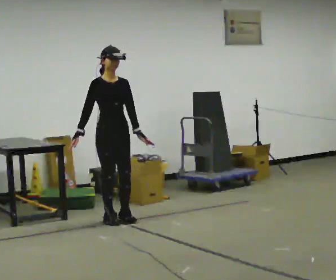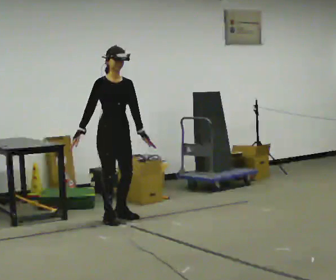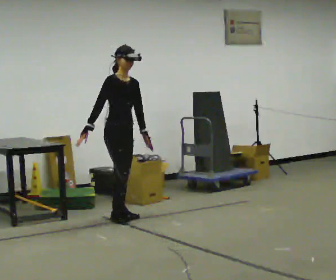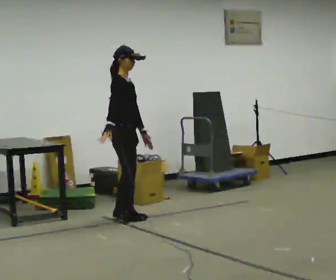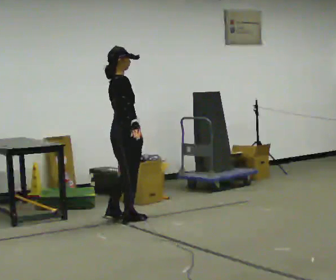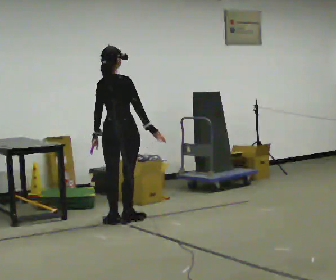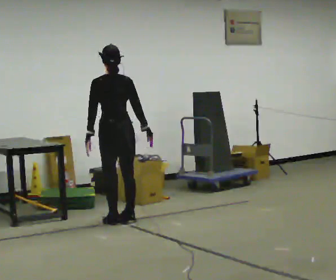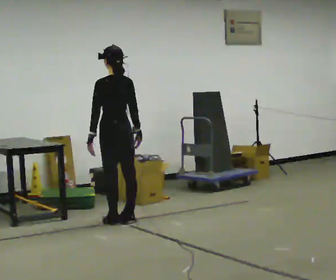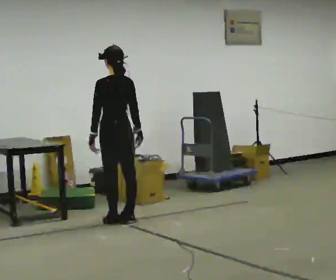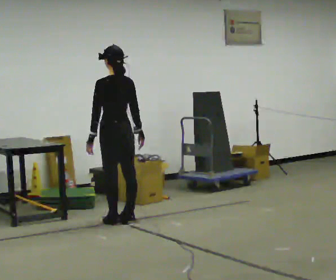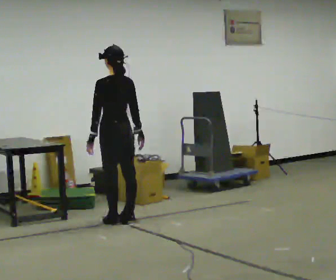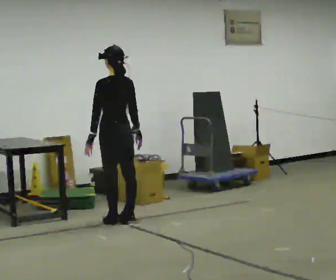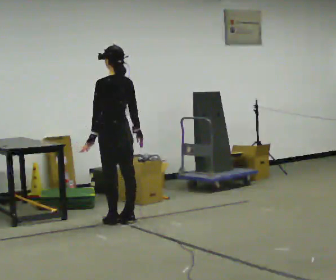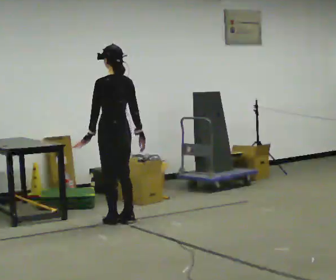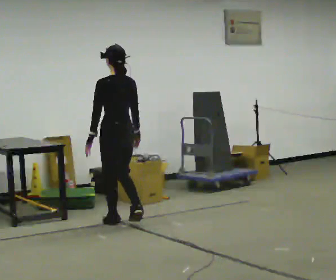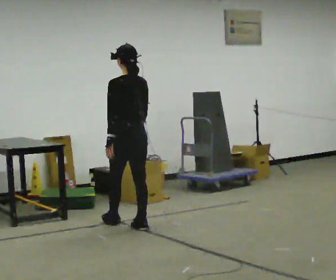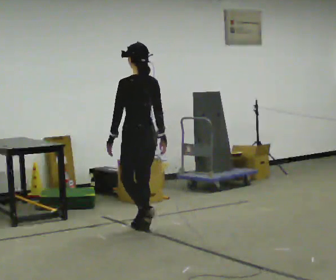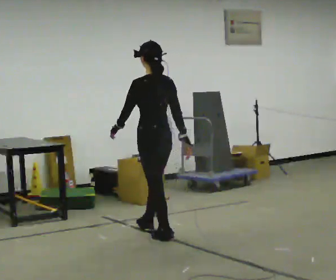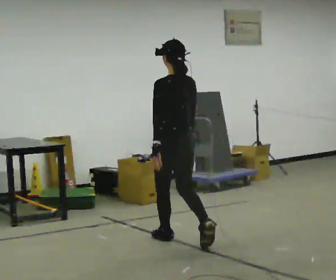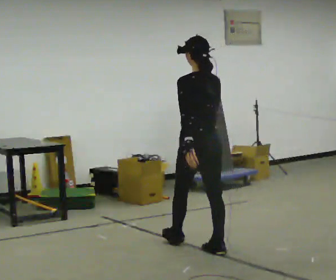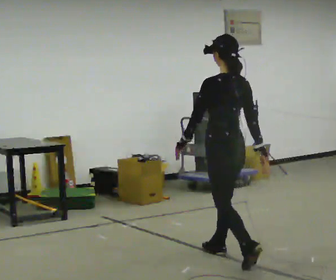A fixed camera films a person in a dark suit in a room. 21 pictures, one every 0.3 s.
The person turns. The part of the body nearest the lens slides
to the right.
The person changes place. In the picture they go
toward the camera.
0.0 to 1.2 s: The person turns about 75 degrees to their left, counterclockwise seen from above, so the part of the body nearest the lens slides to the right. In the picture their right hand goes to the right, the arm swinging counterclockwise.
1.2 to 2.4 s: The part of the body nearest the lens slides to the right as the person turns to their left by about 105 degrees.
2.4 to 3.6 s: The person moves a little, or ends about where they began.
3.6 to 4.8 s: In the picture they go toward the camera and to the right, about 0.5 m in 2 steps, which for them is backward.
4.8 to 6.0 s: In the picture they go toward the camera and to the right, about 1 m in 2 steps, which for them is backward.
The film runs backward here.
